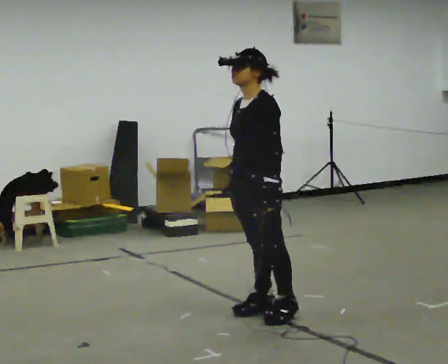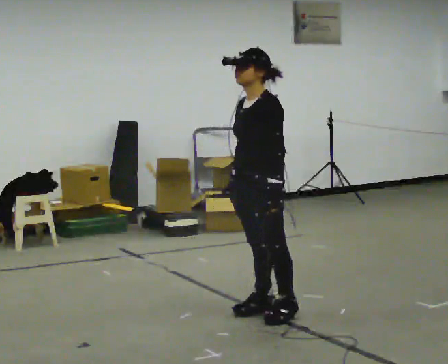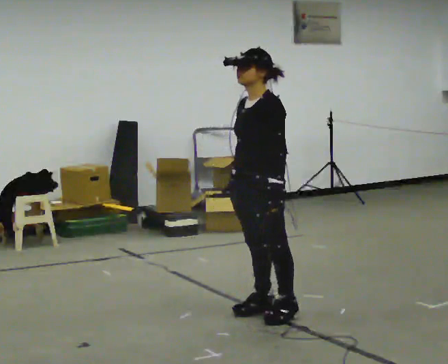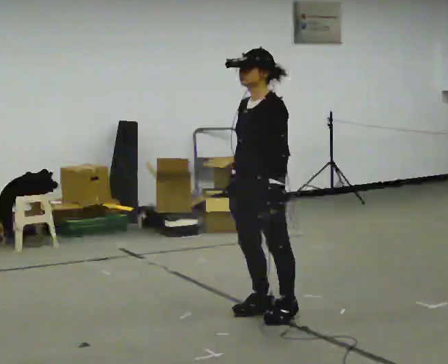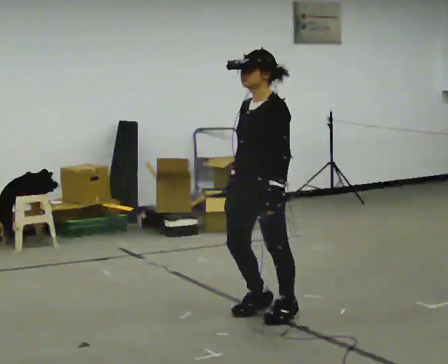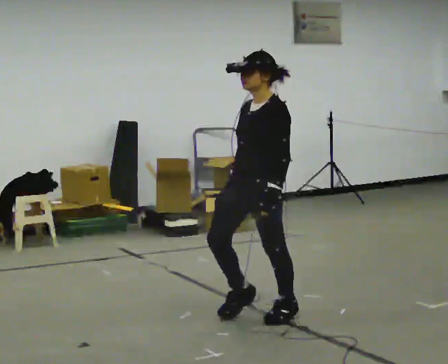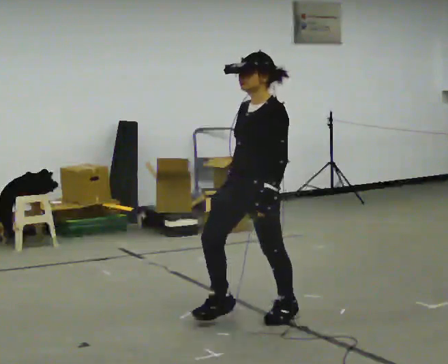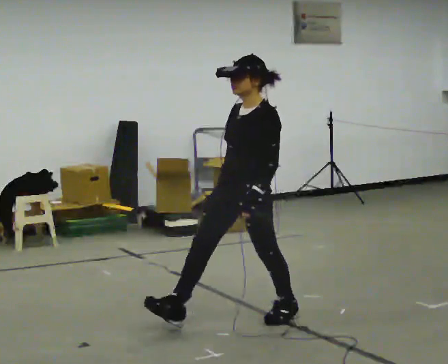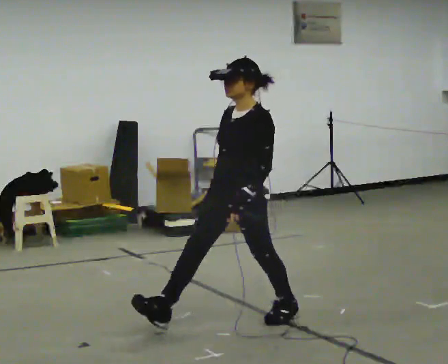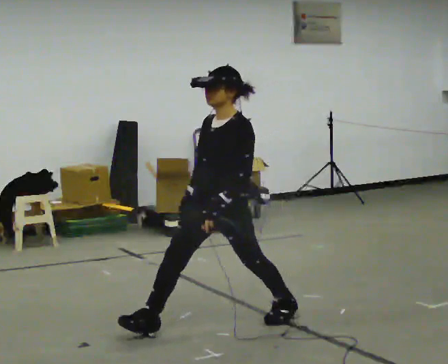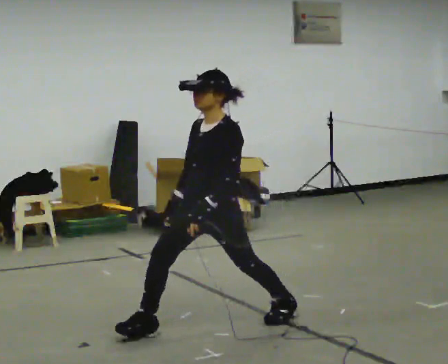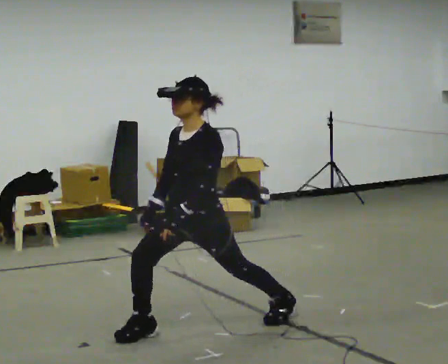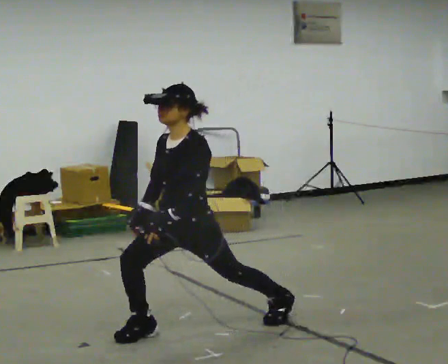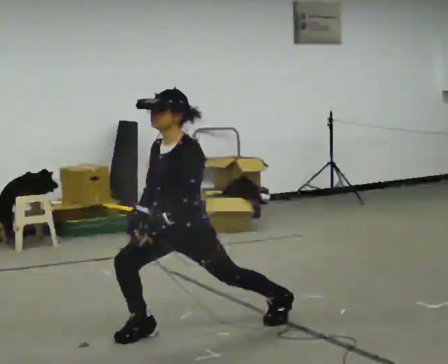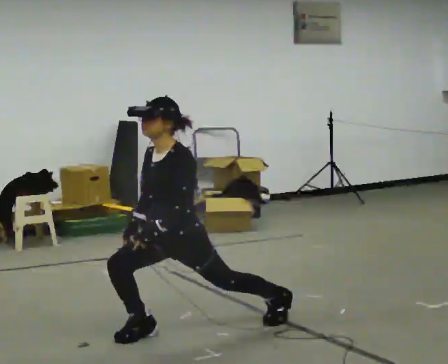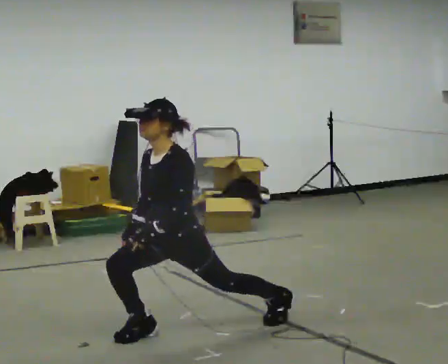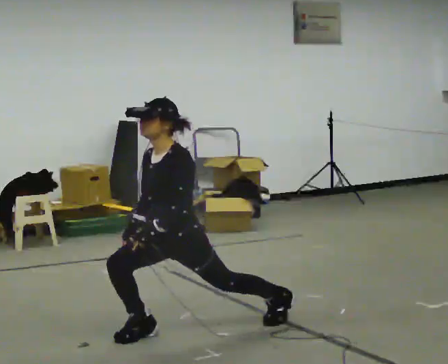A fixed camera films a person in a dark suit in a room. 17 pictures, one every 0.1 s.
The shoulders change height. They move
downward.
0.0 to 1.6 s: In the picture they go to the left and toward the camera, about 0.5 m in 1 step, which for them is forward. The shoulders move downward.
The film runs forward here.
